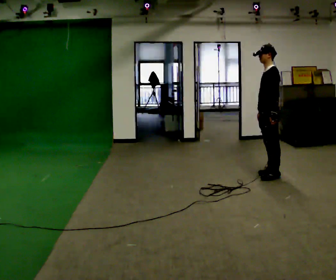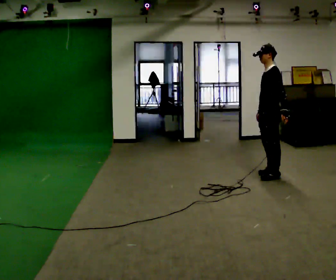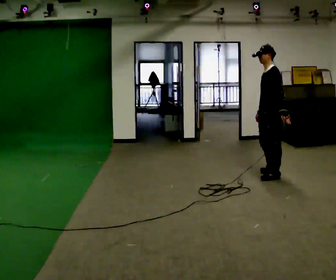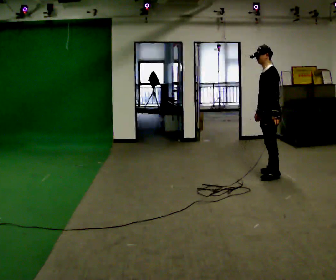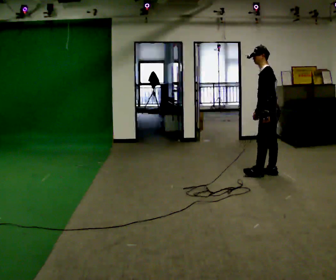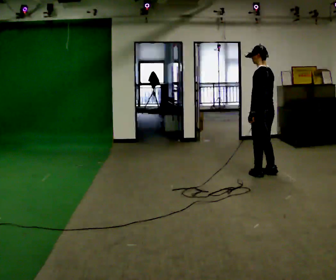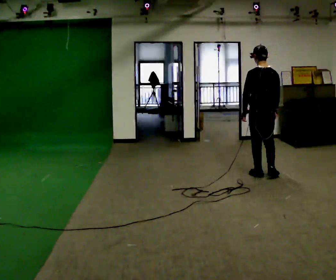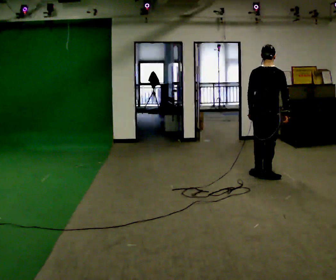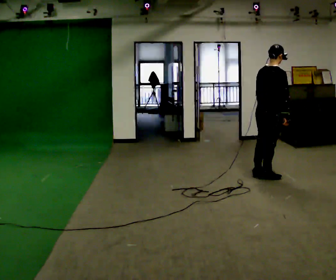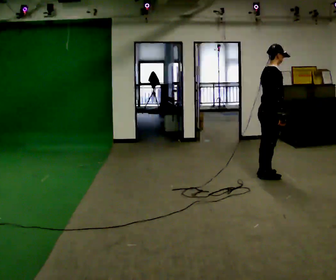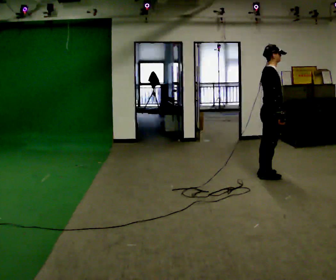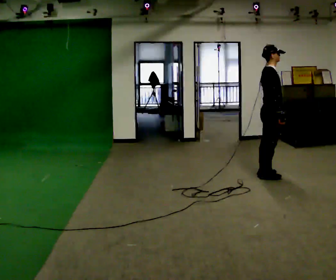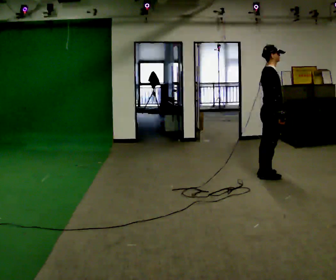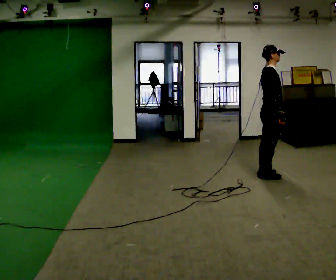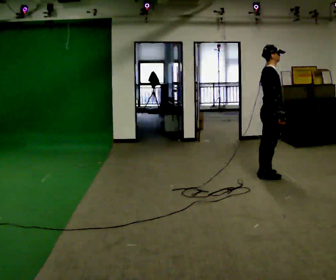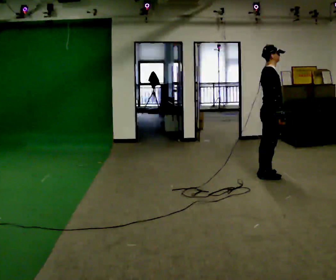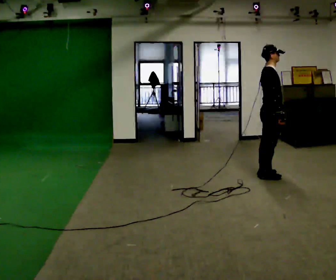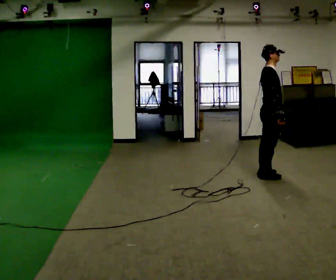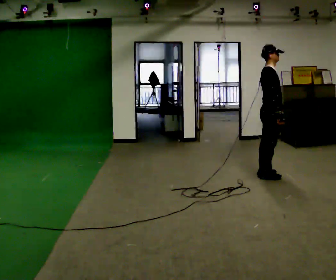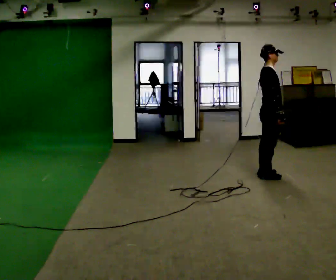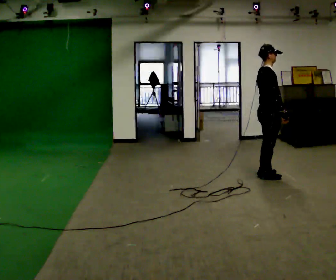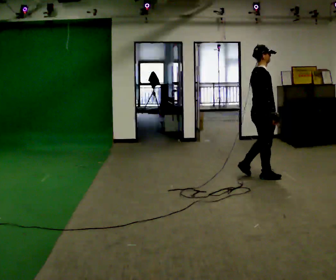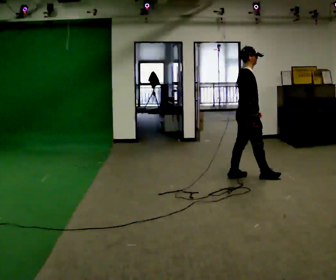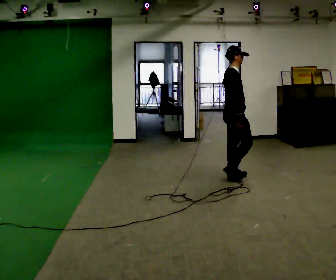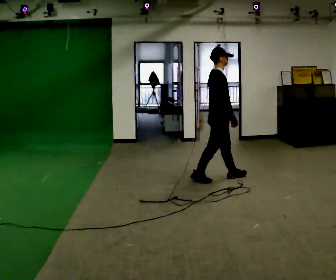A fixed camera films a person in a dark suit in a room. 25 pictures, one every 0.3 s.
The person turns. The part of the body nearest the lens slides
to the left.
The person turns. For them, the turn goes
to their right.
0.0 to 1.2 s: The person moves a little, or ends about where they began.
1.2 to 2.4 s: The part of the body nearest the lens slides to the left as the person turns to their right by about 135 degrees. In the picture the upper body tilts clockwise, shoulders to the right.
2.4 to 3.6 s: The person turns about 30 degrees to their right, clockwise seen from above, so the part of the body nearest the lens slides to the left.
3.6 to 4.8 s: The person keeps their place and pose.
4.8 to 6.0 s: The person moves a little, or ends about where they began.
6.0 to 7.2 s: In the picture they go to the left, about 0.5 m in 2 steps, which for them is backward.
The film runs backward here.
